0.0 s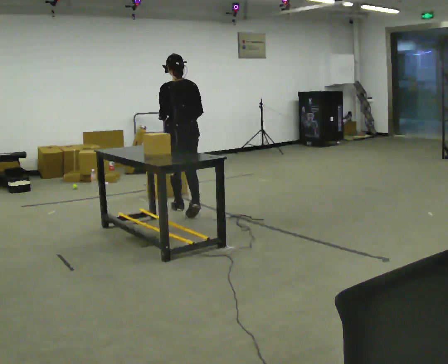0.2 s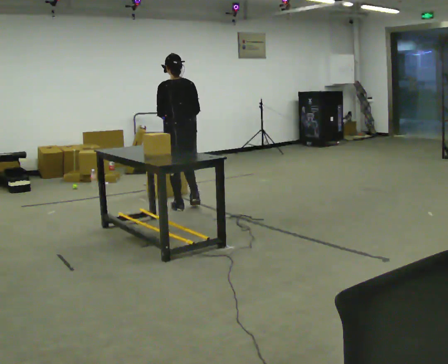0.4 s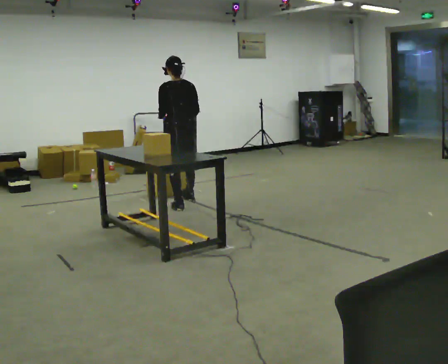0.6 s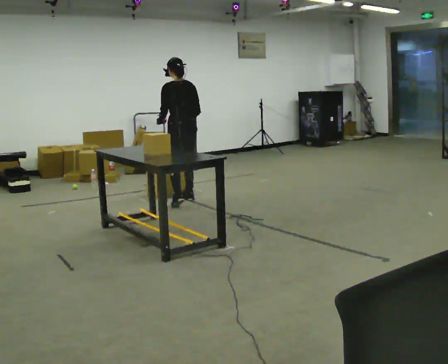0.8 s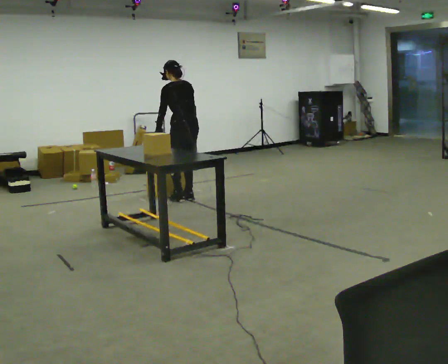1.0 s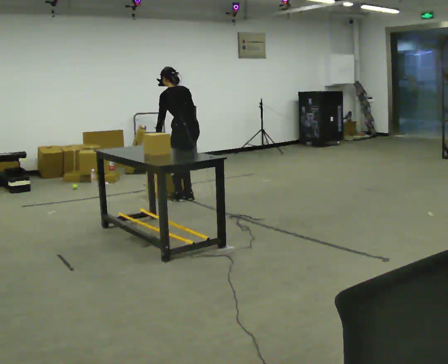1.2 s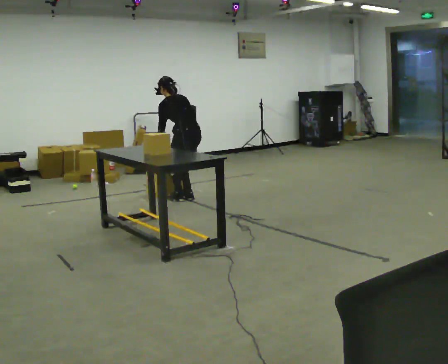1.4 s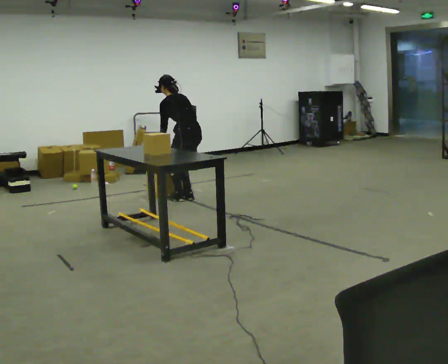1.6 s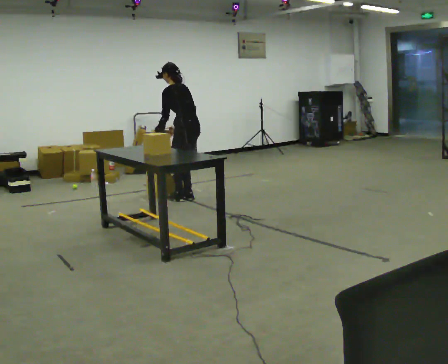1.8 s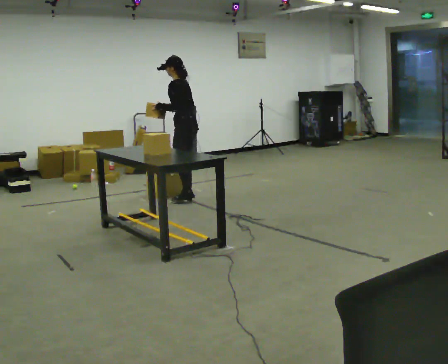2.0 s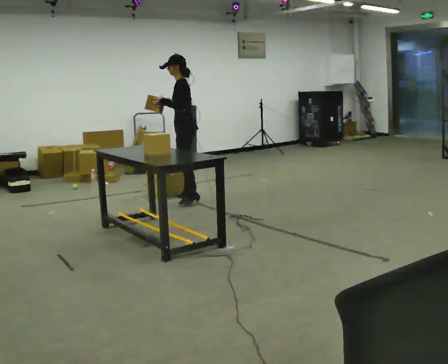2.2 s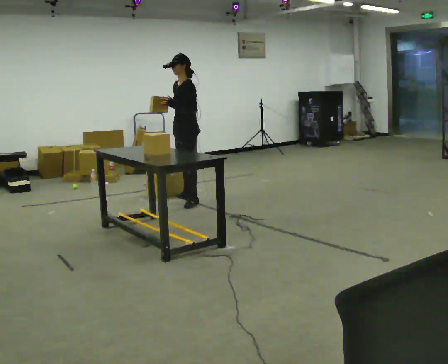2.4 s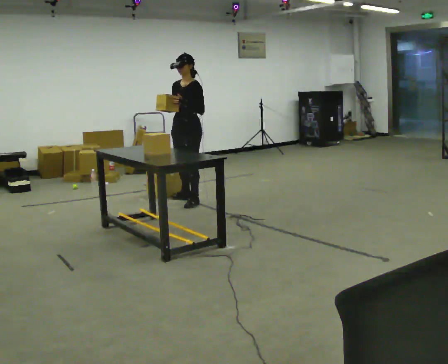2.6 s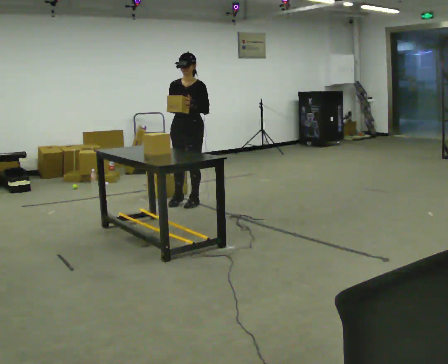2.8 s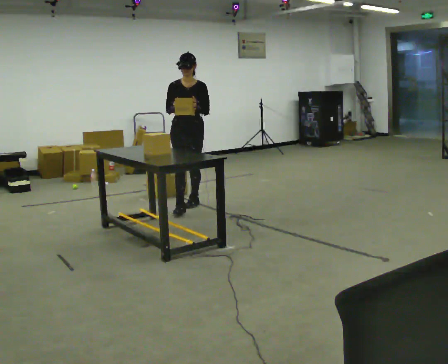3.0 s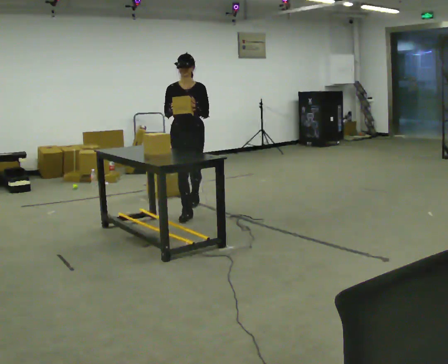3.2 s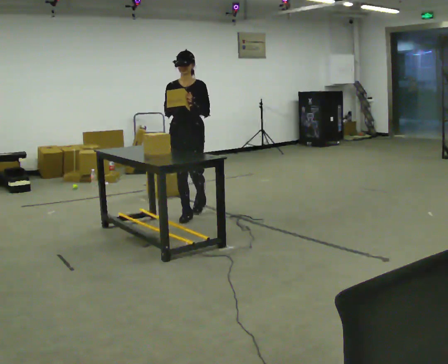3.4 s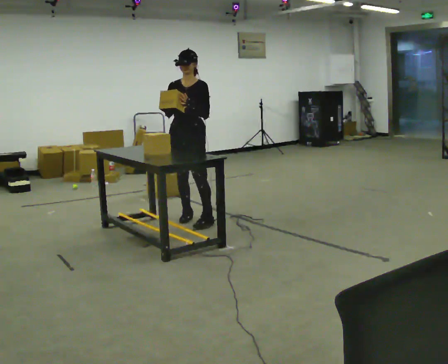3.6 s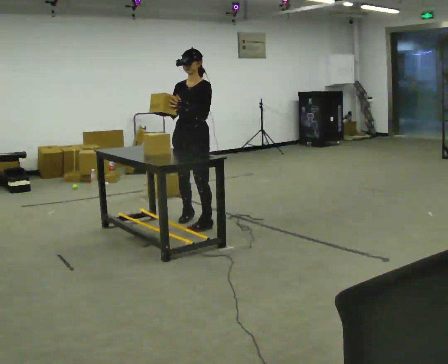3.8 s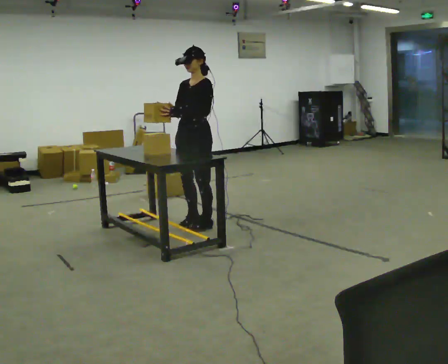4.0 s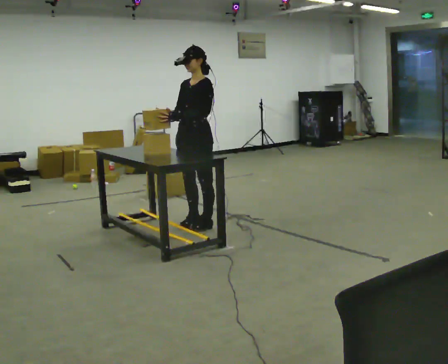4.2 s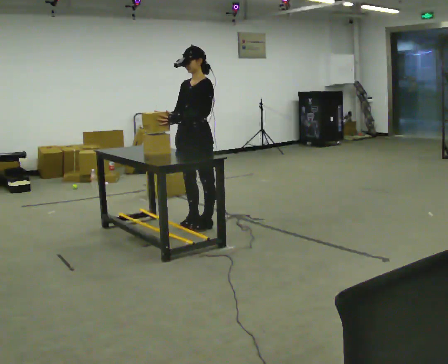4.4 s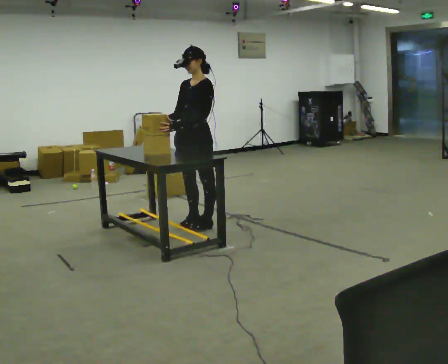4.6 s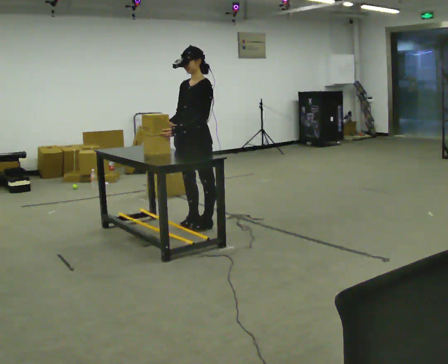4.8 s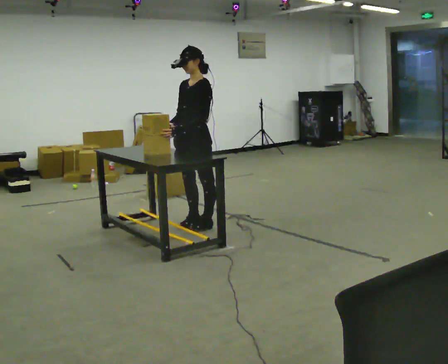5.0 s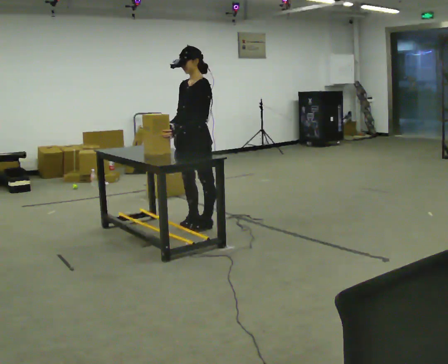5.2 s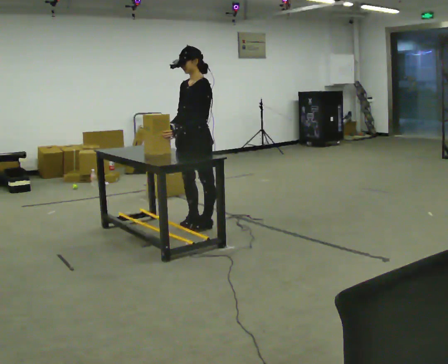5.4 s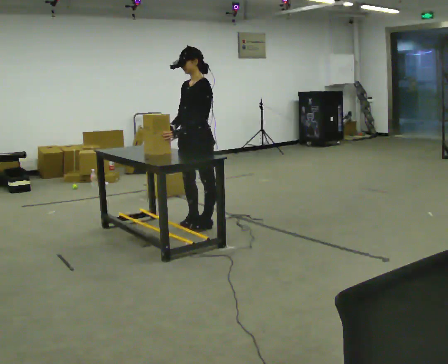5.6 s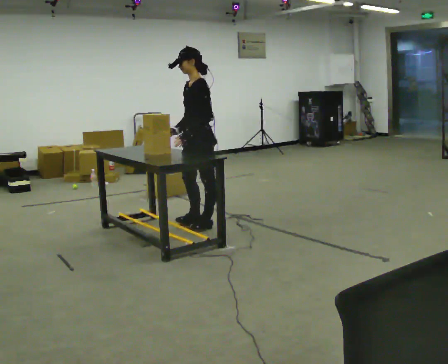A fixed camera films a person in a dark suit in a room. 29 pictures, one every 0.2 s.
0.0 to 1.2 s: In the picture they go away from the camera, about 0.5 m in 2 steps, which for them is forward and to their right. The upper body goes downward. The upper body tips away from the camera, its near side rolling upward, as they bend forward. In the picture their right hand goes downward.
1.2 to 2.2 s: The person turns about 75 degrees to their left, counterclockwise seen from above, so the part of the body nearest the lens slides to the right. The shoulders move upward. The upper body tips toward the camera, its near side rolling downward, as they lean back or straighten. In the picture their right hand goes upward.
2.2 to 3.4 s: The part of the body nearest the lens slides to the right as the person turns to their left by about 60 degrees. In the picture they go toward the camera, about 1 m in 1 step.
3.4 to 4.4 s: Seen from above the body turns clockwise, about 30 degrees: to their right, with its near side sliding to the left. In the picture they go toward the camera, about 0.25 m in 2 steps, which for them is to their left and forward.
4.4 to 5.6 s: The part of the body nearest the lens slides to the left as the person turns to their right by about 30 degrees.
The film runs forward here.
